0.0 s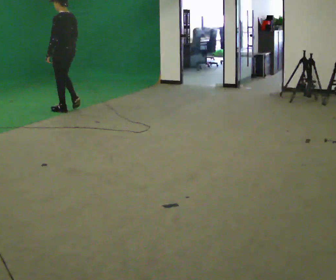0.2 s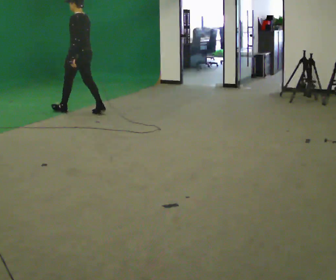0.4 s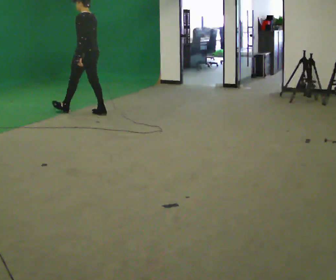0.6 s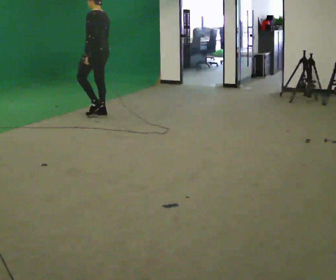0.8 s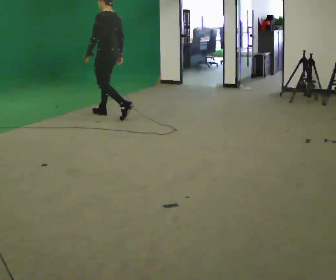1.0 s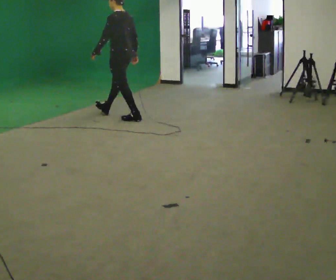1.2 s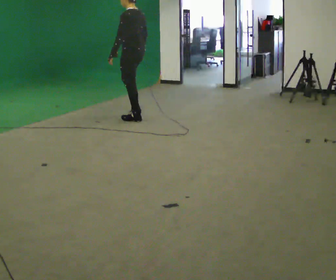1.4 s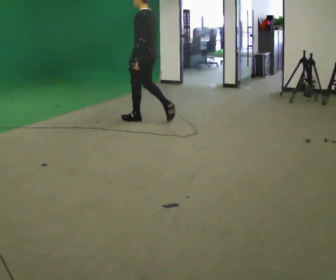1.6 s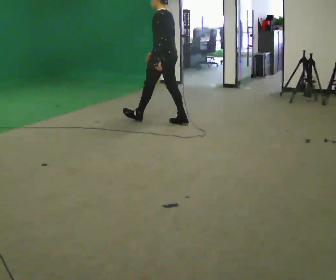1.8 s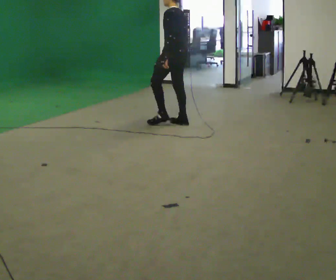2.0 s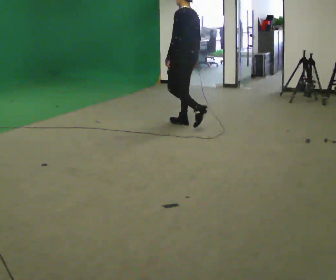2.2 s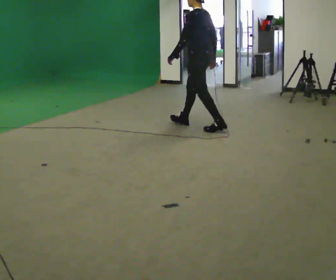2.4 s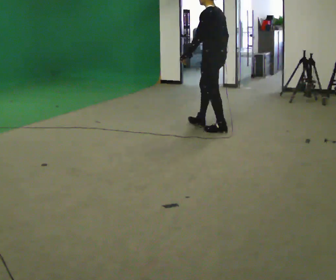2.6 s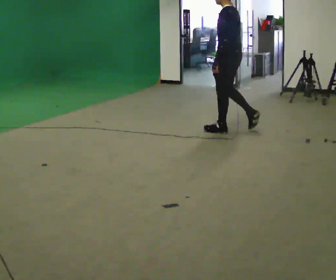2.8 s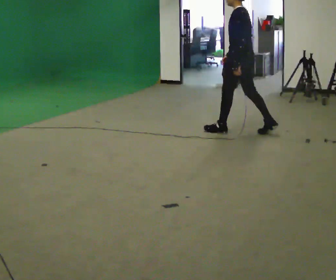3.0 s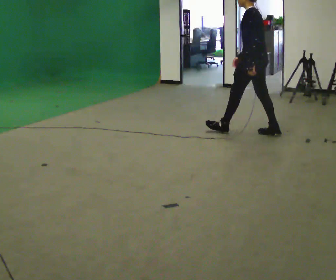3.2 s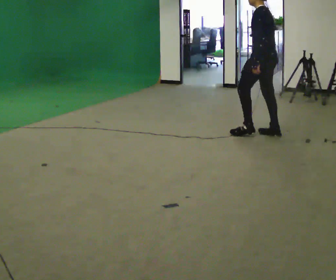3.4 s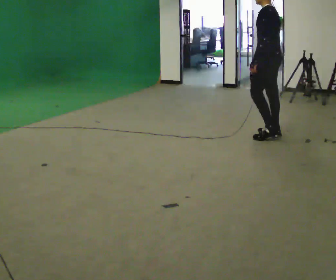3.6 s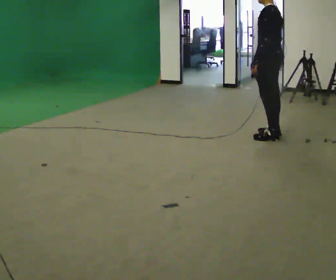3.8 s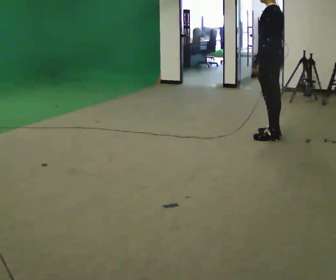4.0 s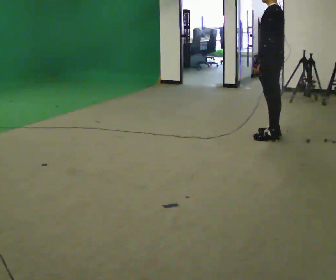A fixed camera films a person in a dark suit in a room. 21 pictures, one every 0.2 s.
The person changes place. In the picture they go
to the right.
0.0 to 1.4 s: In the picture they go to the right, about 1.5 m in 2 steps, which for them is backward.
1.4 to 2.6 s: In the picture they go to the right and toward the camera, about 1 m in 2 steps, which for them is backward.
2.6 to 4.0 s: In the picture they go to the right and toward the camera, about 0.5 m in 1 step, which for them is backward.
The film runs backward here.
